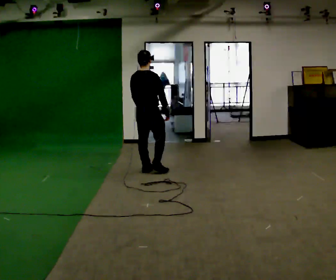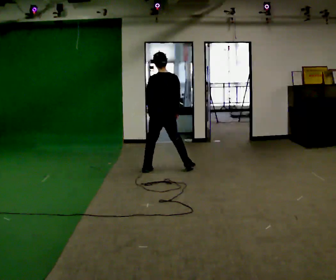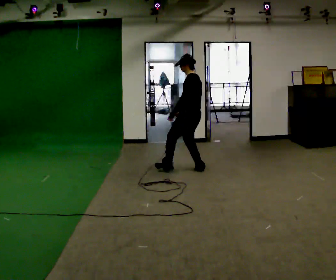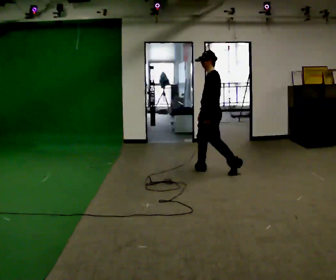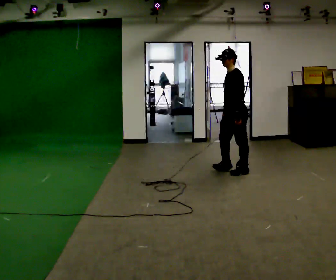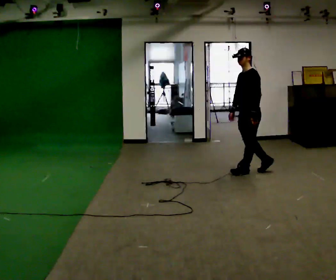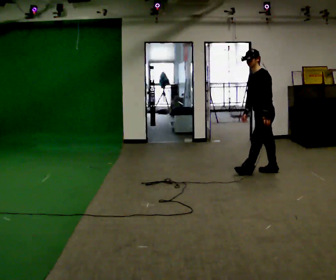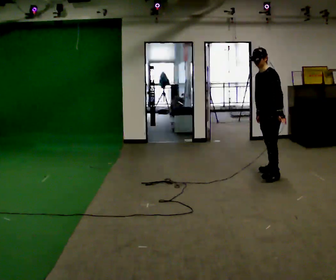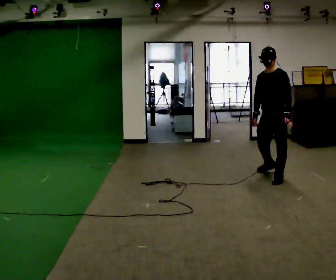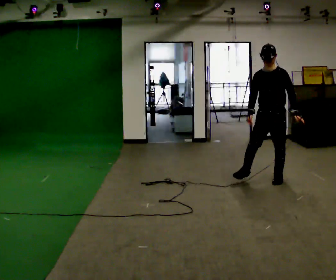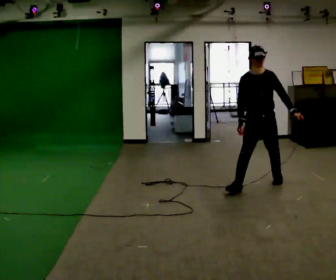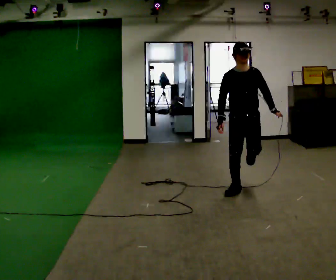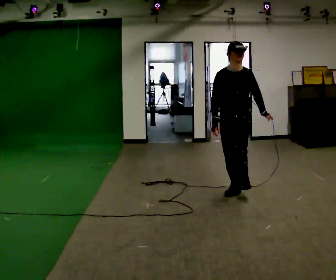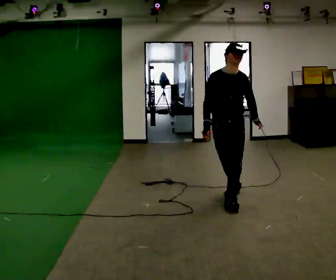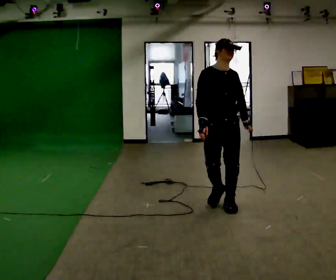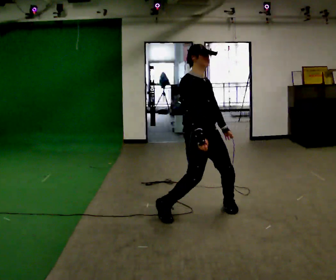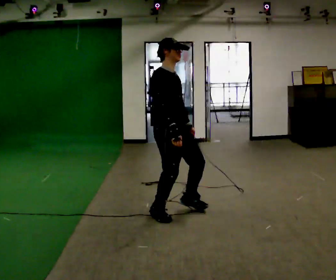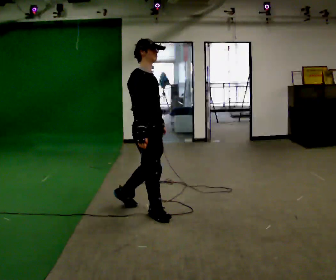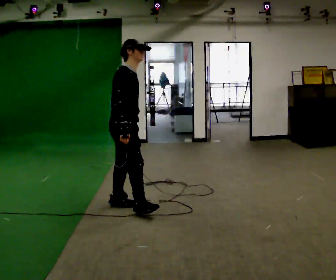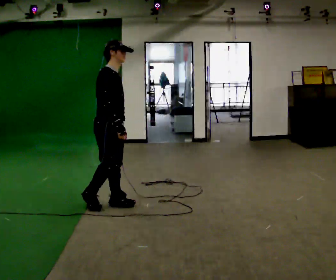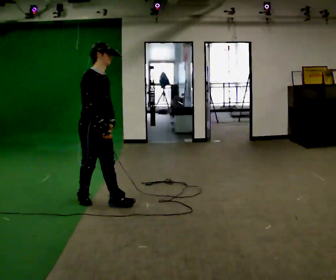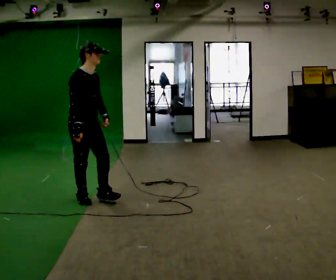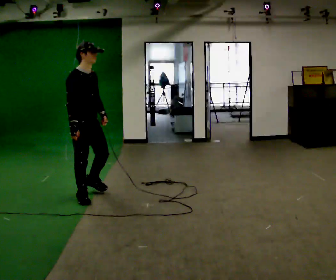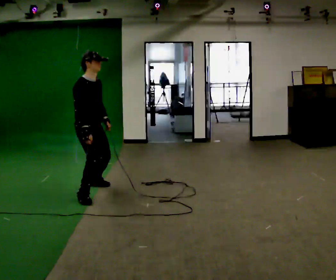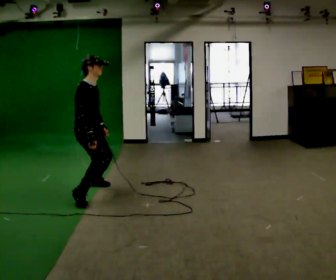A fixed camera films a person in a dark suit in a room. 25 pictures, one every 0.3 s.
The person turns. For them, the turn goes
to their left.
The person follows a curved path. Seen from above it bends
clockwise.
0.0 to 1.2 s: Seen from above the body turns counterclockwise, about 135 degrees: to their left, with its near side sliding to the right. In the picture they go to the right, about 1 m in 2 steps.
1.2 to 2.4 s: The part of the body nearest the lens slides to the right as the person turns to their left by about 30 degrees. In the picture they go to the right and toward the camera, about 0.5 m in 2 steps, which for them is to their left and backward.
2.4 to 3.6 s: The part of the body nearest the lens slides to the right as the person turns to their left by about 45 degrees. In the picture they go toward the camera and to the left, about 1 m in 1 step, which for them is to their right and forward.
3.6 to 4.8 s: The person turns about 75 degrees to their left, counterclockwise seen from above, so the part of the body nearest the lens slides to the right. In the picture they go toward the camera and to the left, about 1 m in 2 steps.
4.8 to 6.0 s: In the picture they go to the left, about 1 m in 2 steps, which for them is backward.
6.0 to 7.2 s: In the picture they go away from the camera and to the left, about 0.25 m in 1 step, which for them is backward and to their left.
The film runs forward here.
